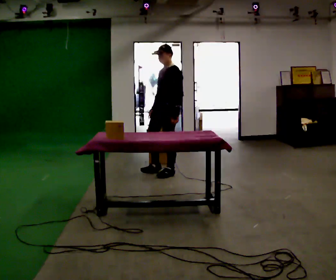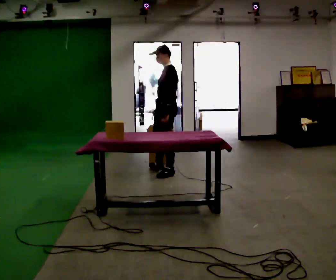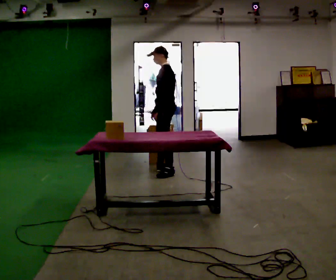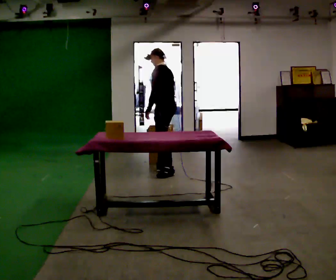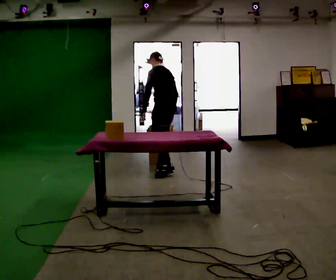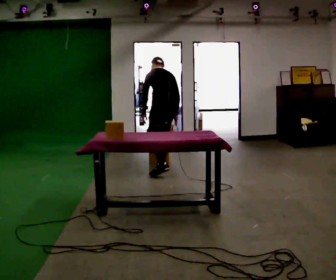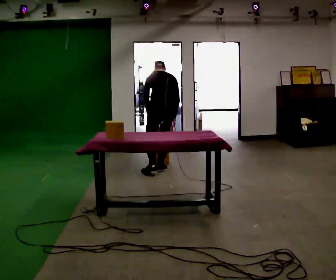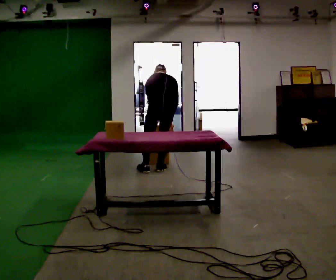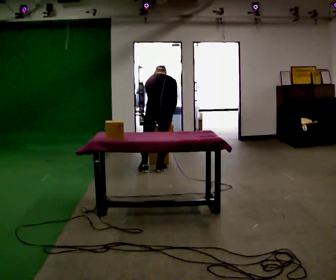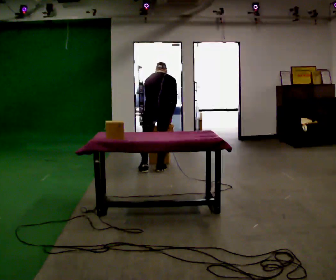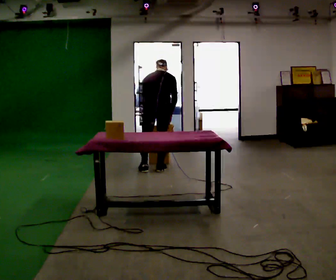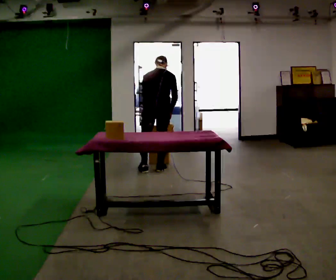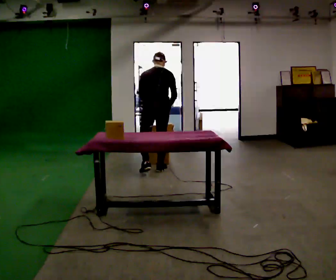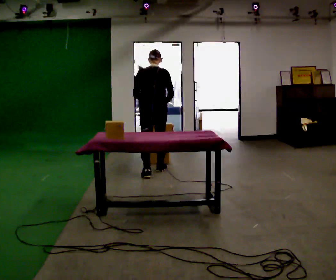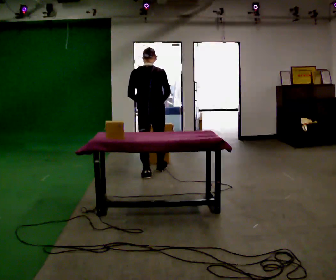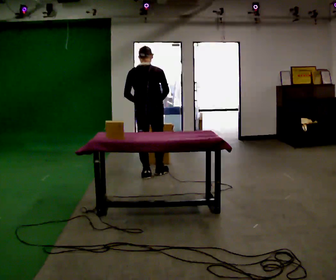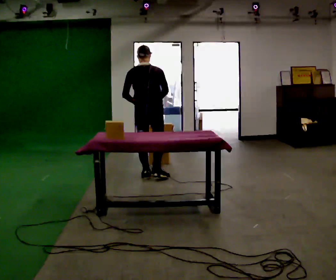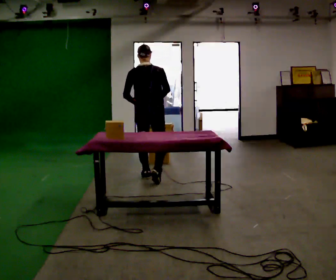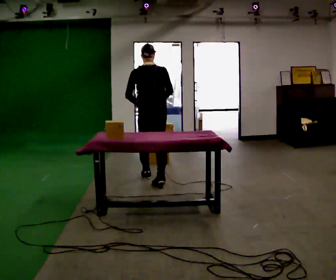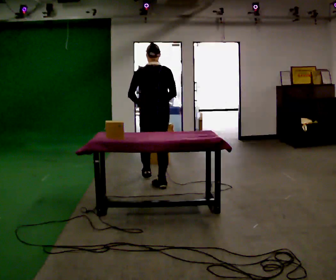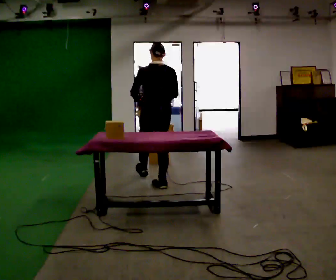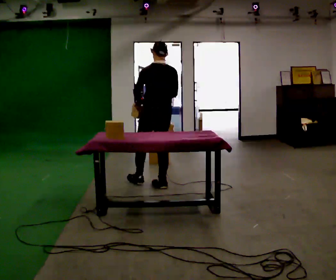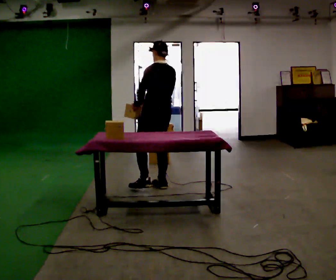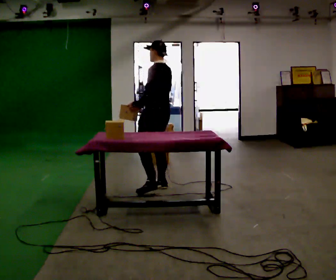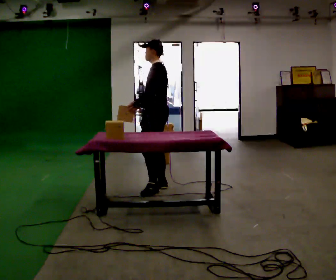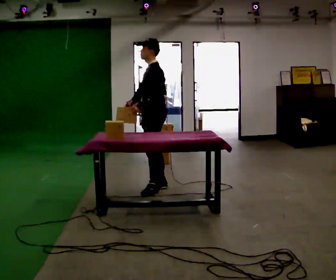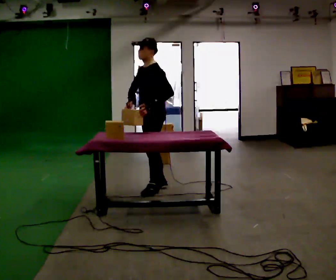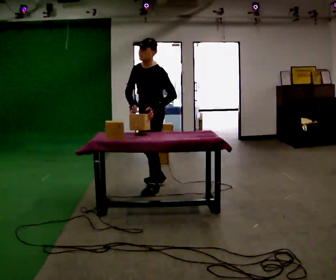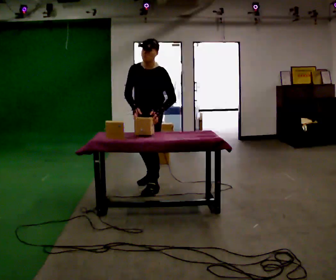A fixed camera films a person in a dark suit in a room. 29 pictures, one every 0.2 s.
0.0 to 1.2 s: Seen from above the body turns clockwise, about 105 degrees: to their right, with its near side sliding to the left. In the picture they go away from the camera, about 0.25 m in 1 step. The upper body tips away from the camera, its near side rolling upward, as they bend forward. In the picture their right hand goes to the right, the arm swinging counterclockwise.
1.2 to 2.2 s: The person moves a little, or ends about where they began.
2.2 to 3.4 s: In the picture they go toward the camera, about 0.25 m in 1 step, which for them is backward. The upper body tips toward the camera, its near side rolling downward, as they lean back or straighten.
3.4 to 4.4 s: The person turns about 45 degrees to their left, counterclockwise seen from above, so the part of the body nearest the lens slides to the right. In the picture they go toward the camera, about 0.25 m in 1 step, which for them is backward and to their right.
4.4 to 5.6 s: Seen from above the body turns counterclockwise, about 105 degrees: to their left, with its near side sliding to the right. In the picture they go toward the camera, about 0.25 m in 1 step. The upper body tips toward the camera, its near side rolling downward, as they bend forward.
The film runs backward here.
